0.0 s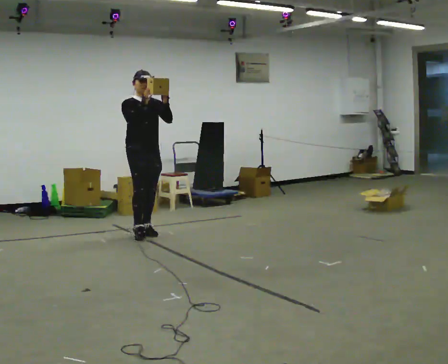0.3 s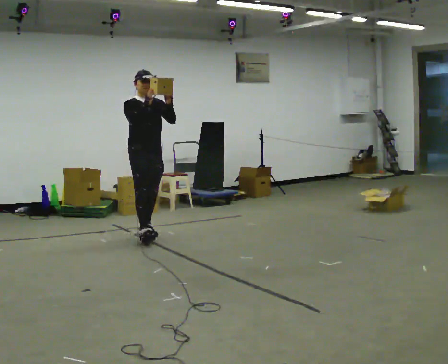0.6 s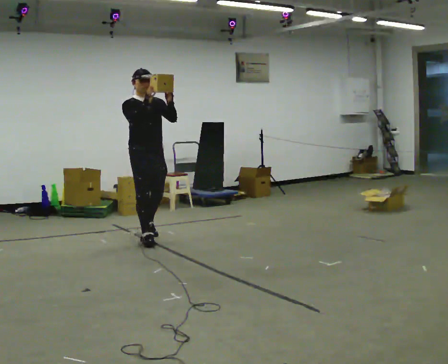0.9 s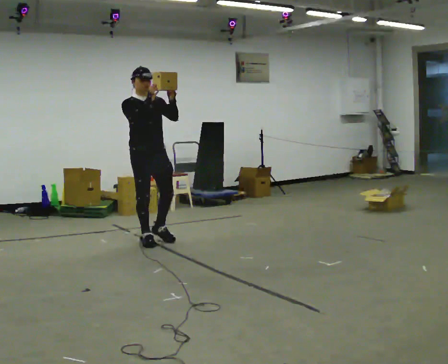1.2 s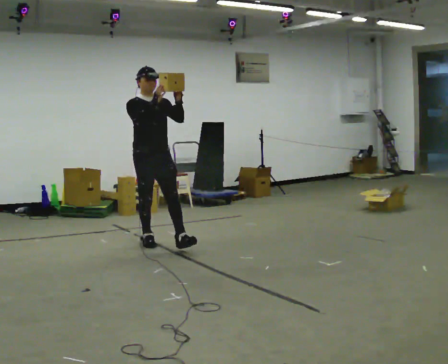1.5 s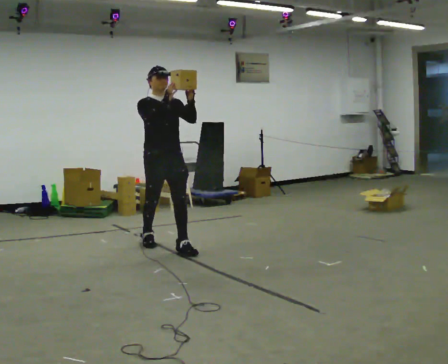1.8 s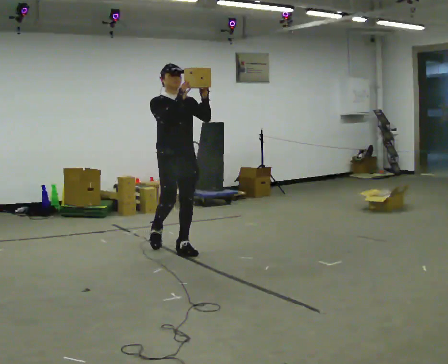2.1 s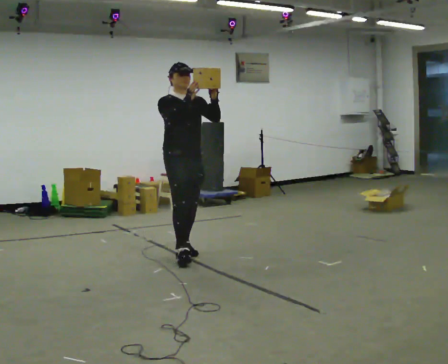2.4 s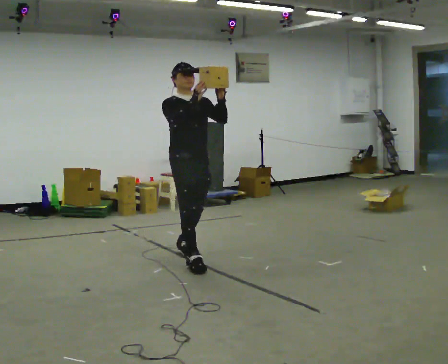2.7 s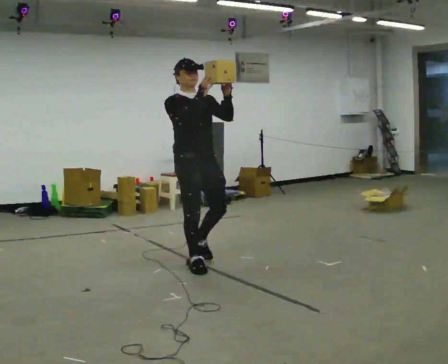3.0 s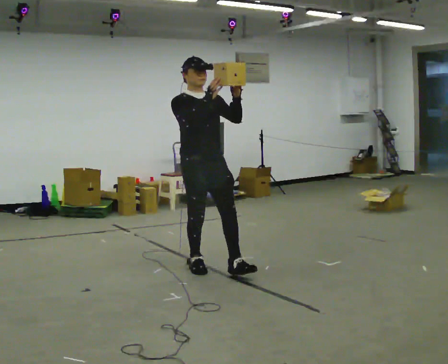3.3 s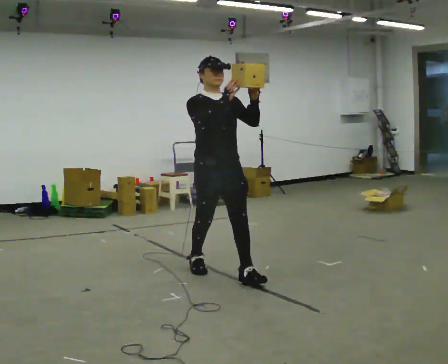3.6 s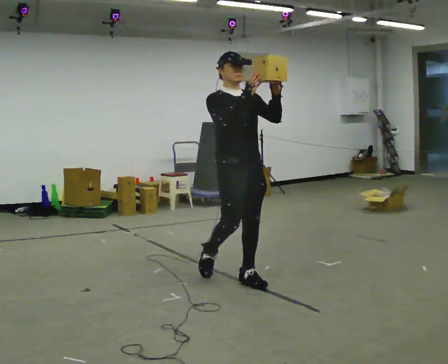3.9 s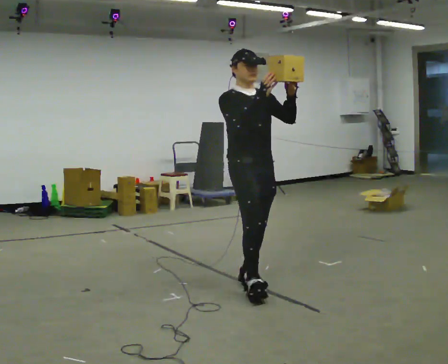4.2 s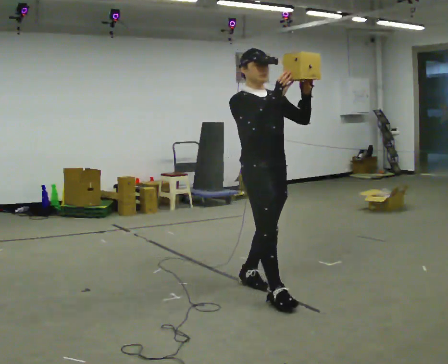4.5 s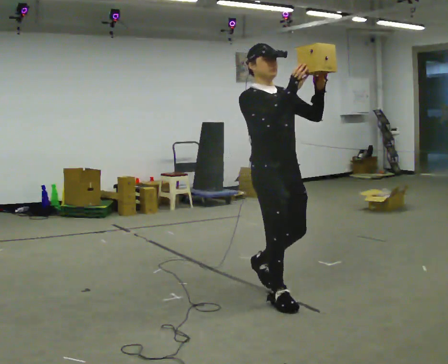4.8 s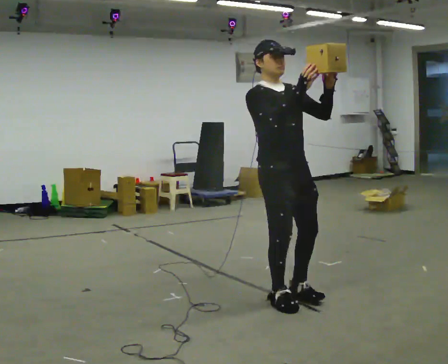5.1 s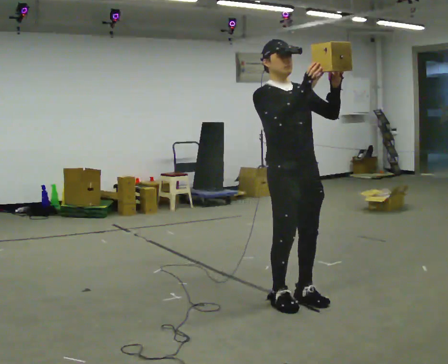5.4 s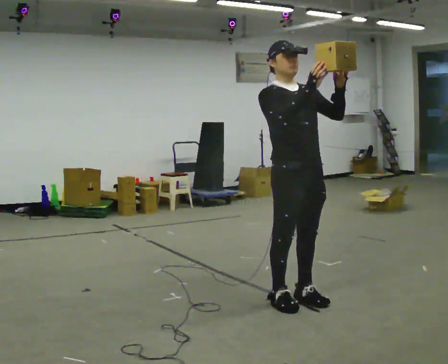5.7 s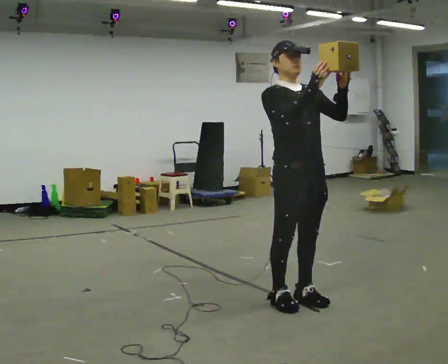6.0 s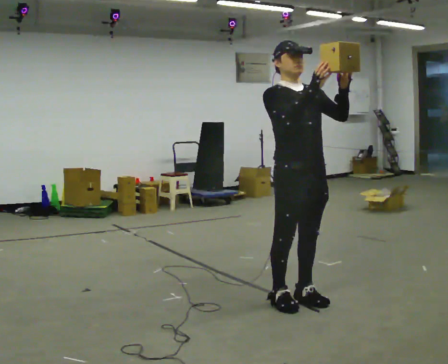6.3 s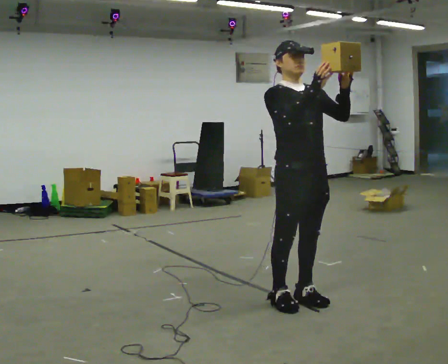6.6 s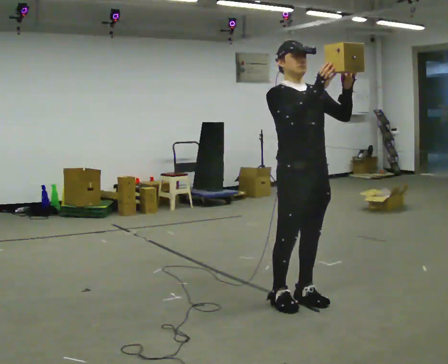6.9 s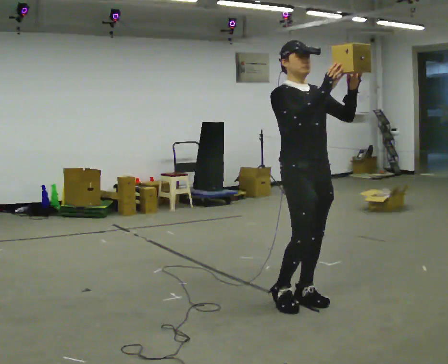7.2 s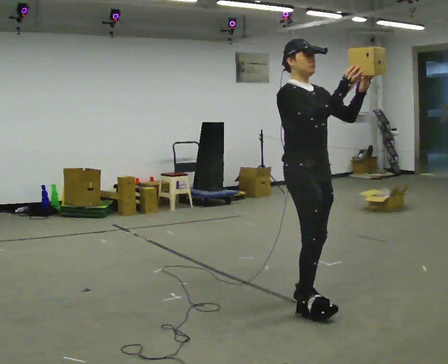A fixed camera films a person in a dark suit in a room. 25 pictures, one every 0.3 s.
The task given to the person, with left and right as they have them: Carry the object held up above your head, walking back and forth across the room.
0.0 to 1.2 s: In the picture they go toward the camera, about 0.5 m in 2 steps, which for them is forward.
1.2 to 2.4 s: In the picture they go toward the camera and to the right, about 1 m in 1 step, which for them is forward.
2.4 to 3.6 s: In the picture they go toward the camera and to the right, about 0.5 m in 1 step, which for them is forward.
3.6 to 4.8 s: In the picture they go toward the camera and to the right, about 0.5 m in 2 steps, which for them is forward.
4.8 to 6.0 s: The person moves a little, or ends about where they began.
6.0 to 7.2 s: Seen from above the body turns counterclockwise, about 30 degrees: to their left, with its near side sliding to the right.
The film runs forward here.
